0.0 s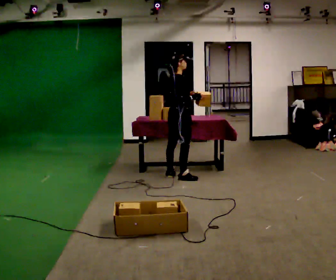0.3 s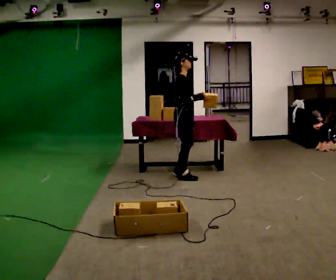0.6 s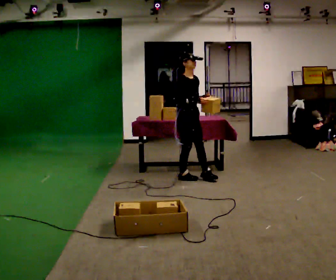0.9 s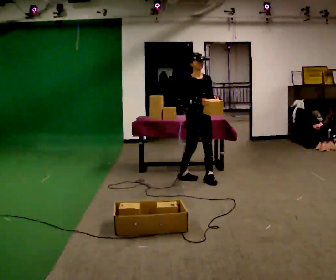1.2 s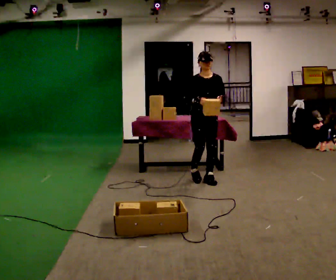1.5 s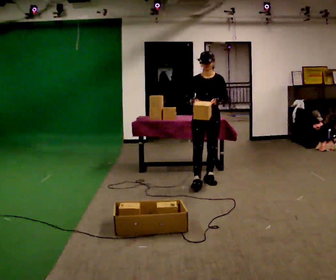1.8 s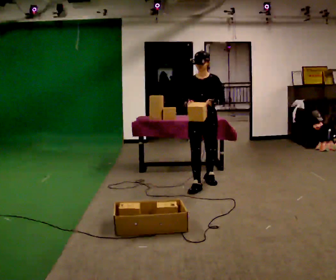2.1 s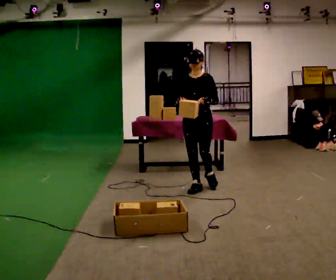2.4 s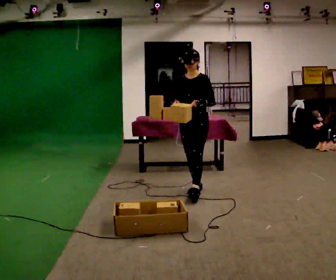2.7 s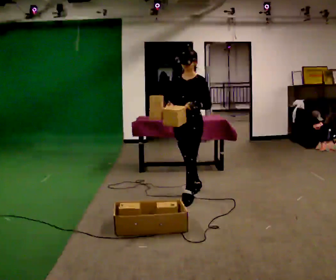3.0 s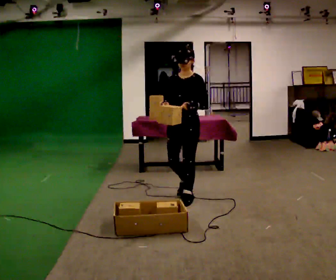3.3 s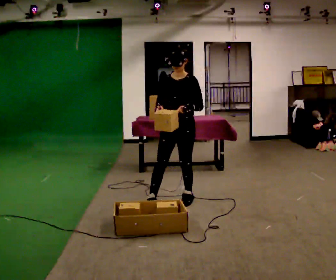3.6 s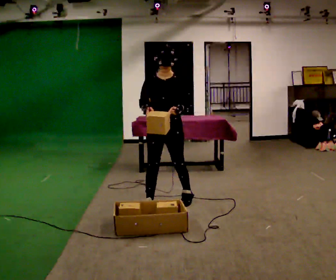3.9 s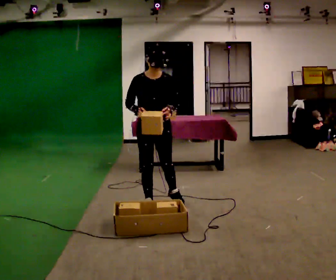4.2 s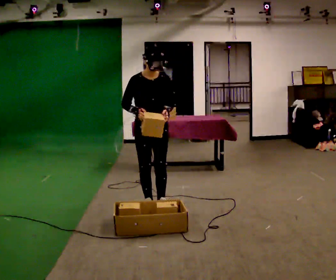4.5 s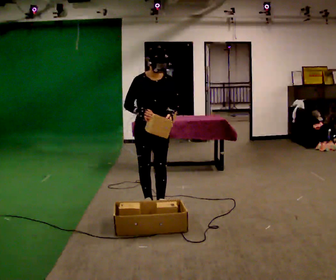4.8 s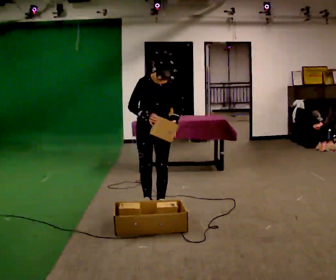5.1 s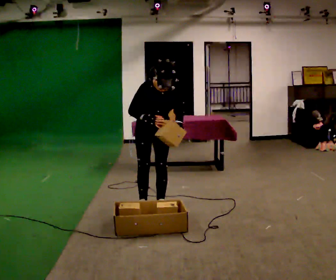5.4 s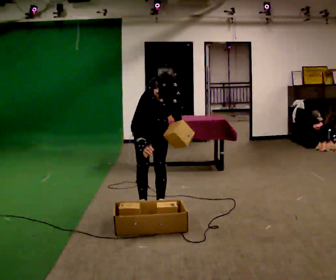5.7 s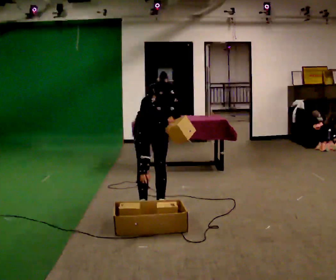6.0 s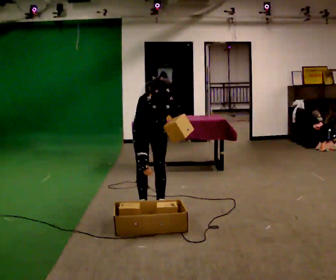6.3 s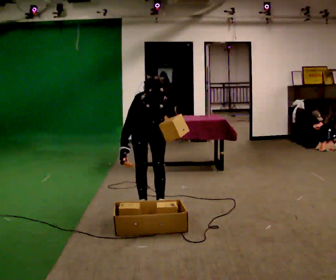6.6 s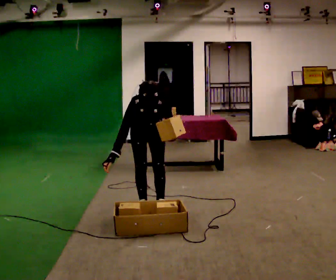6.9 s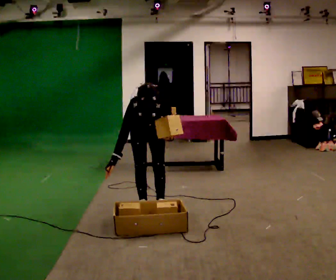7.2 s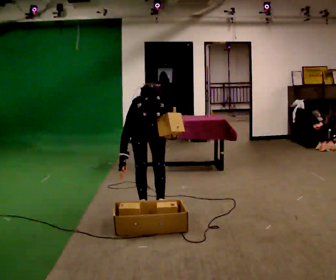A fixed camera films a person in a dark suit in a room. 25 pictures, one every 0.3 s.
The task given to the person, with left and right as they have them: Carry the object across the room, open the lid of the container, put the object inside, and close the lid again. Then go back for the next one. Keep going until the operator says stop; one object at a time, and do not rush between trips.
0.0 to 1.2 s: Seen from above the body turns clockwise, about 105 degrees: to their right, with its near side sliding to the left. In the picture they go to the right and toward the camera, about 0.5 m in 1 step.
1.2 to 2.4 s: The person turns about 30 degrees to their right, clockwise seen from above, so the part of the body nearest the lens slides to the left. In the picture they go toward the camera, about 0.5 m in 1 step, which for them is forward.
2.4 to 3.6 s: In the picture they go toward the camera and to the left, about 0.5 m in 2 steps, which for them is forward.
3.6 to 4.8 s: The upper body tips toward the camera, its near side rolling downward, as they bend forward.
4.8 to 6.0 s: The shoulders move downward. The upper body tips toward the camera, its near side rolling downward, as they bend forward.
6.0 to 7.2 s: The person moves a little, or ends about where they began.
The film runs forward here.
